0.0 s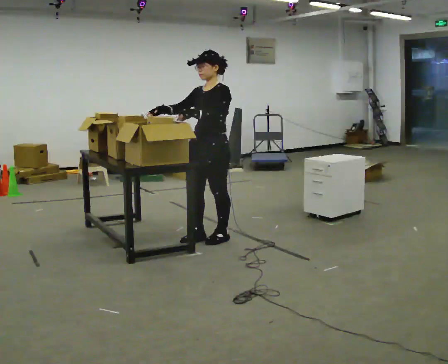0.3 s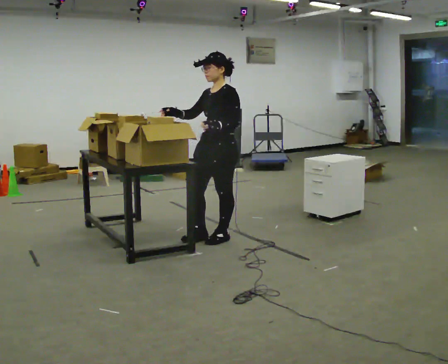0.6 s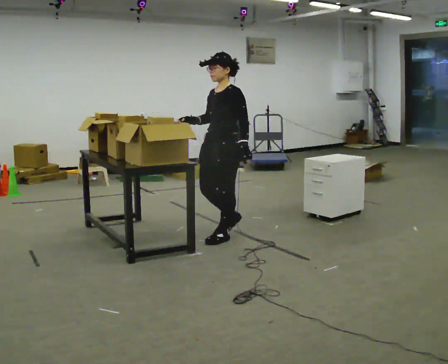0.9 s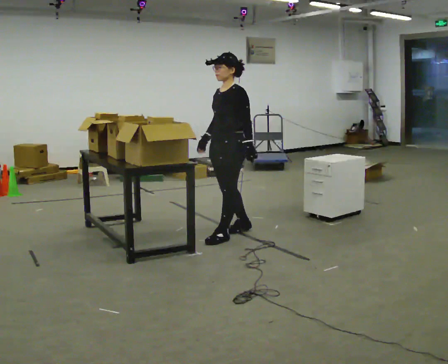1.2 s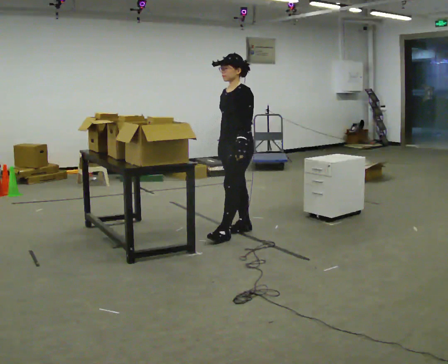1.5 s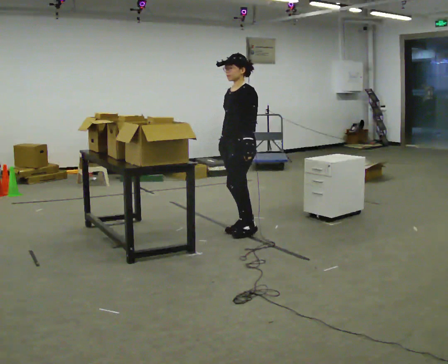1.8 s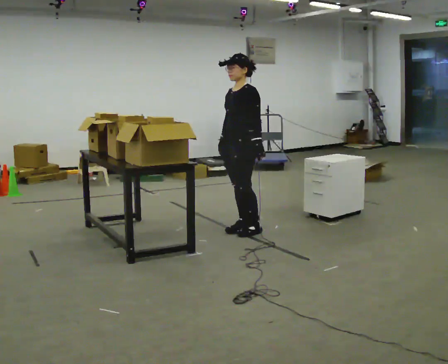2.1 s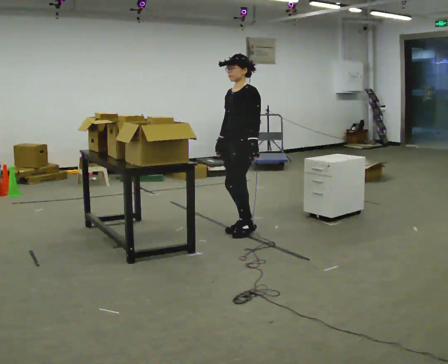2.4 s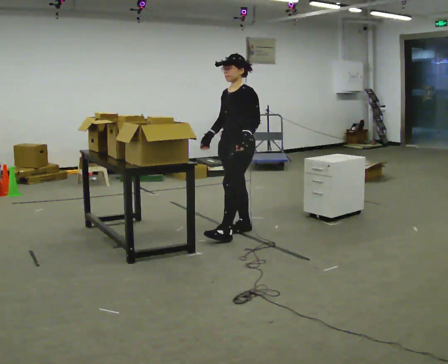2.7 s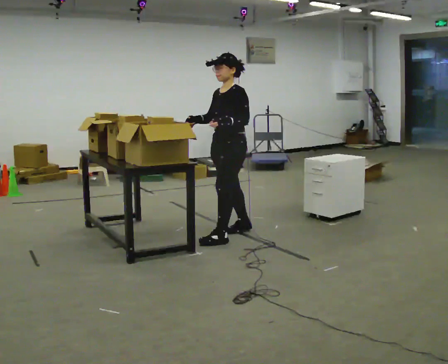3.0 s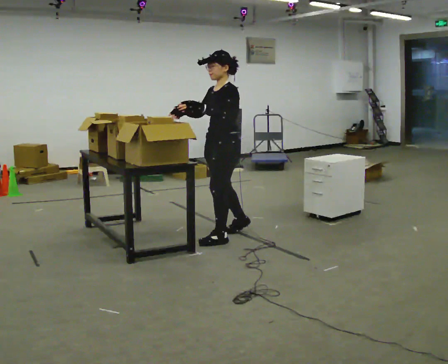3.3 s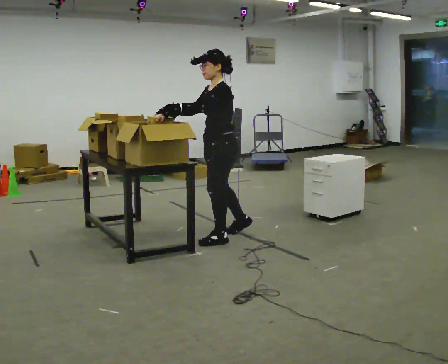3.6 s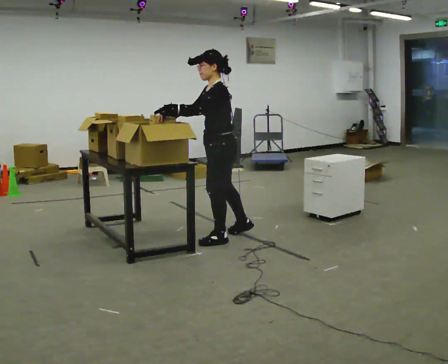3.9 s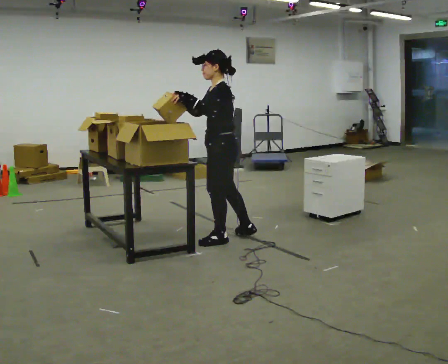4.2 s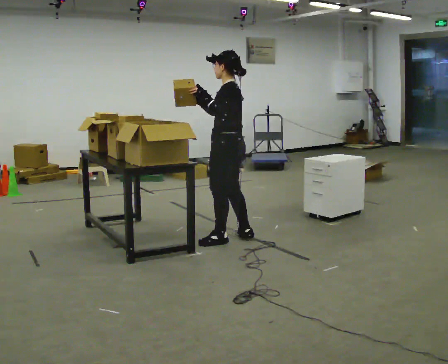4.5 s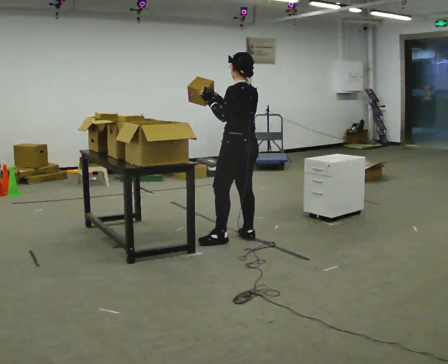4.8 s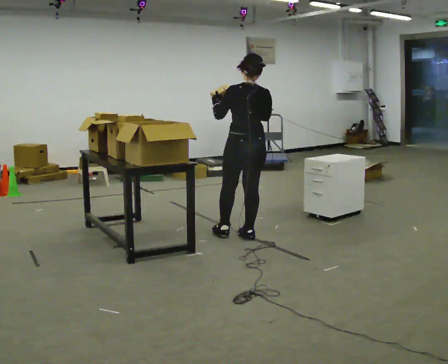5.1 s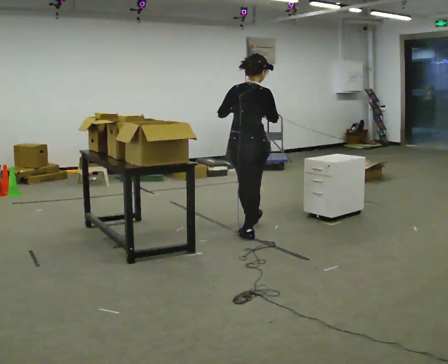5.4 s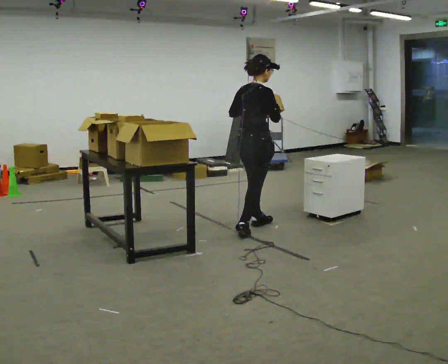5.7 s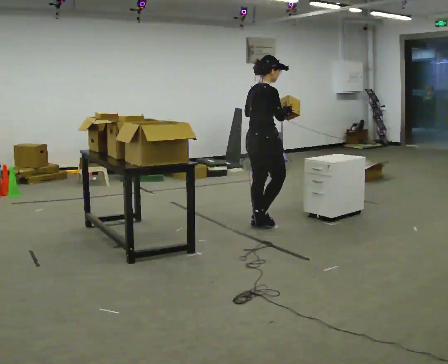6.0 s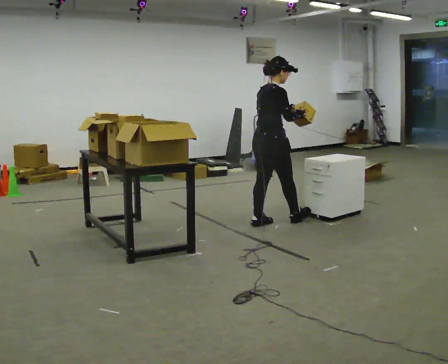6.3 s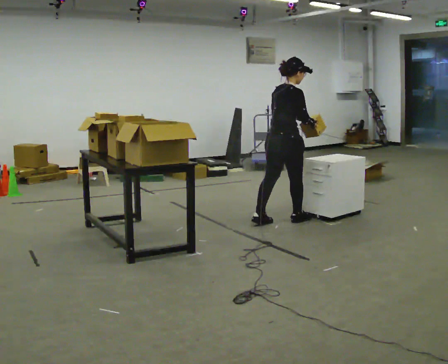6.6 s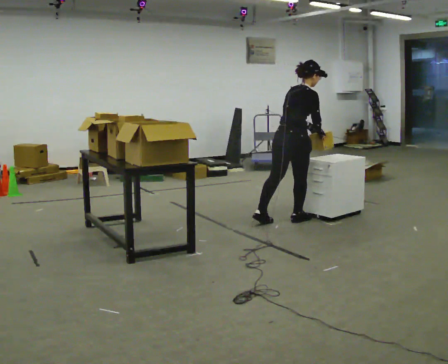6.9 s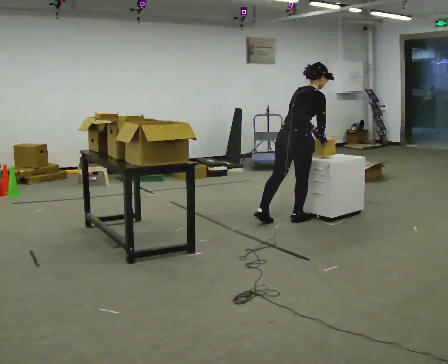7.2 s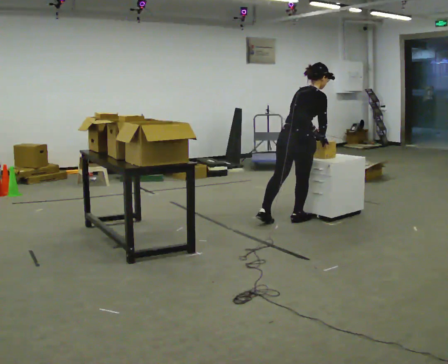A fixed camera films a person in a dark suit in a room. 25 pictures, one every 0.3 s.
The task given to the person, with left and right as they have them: 1. Read the list the operator gives you. 2. Collect the six items on the list from the shelves. 3. Put them all in the bin on the table. 4. Tell the operator when you are finished.
0.0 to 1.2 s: In the picture they go away from the camera and to the right, about 0.25 m in 1 step, which for them is backward. In the picture their right hand goes downward, the arm swinging counterclockwise.
1.2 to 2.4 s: The person moves a little, or ends about where they began.
2.4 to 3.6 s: Seen from above the body turns clockwise, about 30 degrees: to their right, with its near side sliding to the left. In the picture they go toward the camera, about 0.25 m in 1 step, which for them is forward and to their left.
3.6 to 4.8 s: Seen from above the body turns clockwise, about 90 degrees: to their right, with its near side sliding to the left. In the picture they go to the right, about 0.25 m. In the picture their right hand goes to the right.
4.8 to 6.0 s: The person turns about 75 degrees to their right, clockwise seen from above, so the part of the body nearest the lens slides to the left. In the picture they go away from the camera and to the right, about 0.5 m in 1 step.
6.0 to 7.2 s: In the picture they go to the right, about 0.25 m in 1 step, which for them is forward. In the picture the upper body tilts clockwise, shoulders to the right, as they bend forward.
The film runs forward here.
